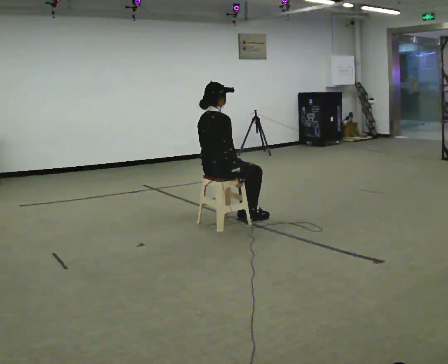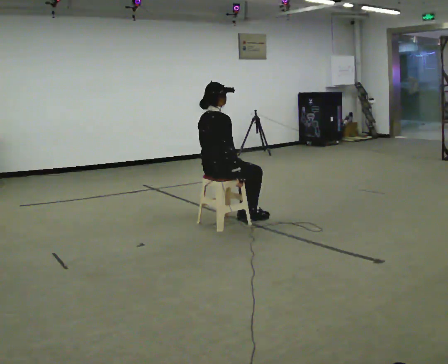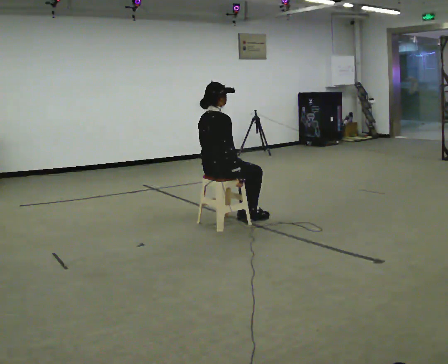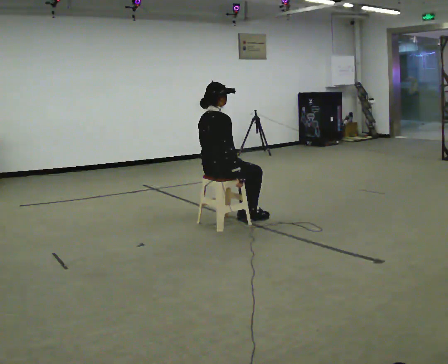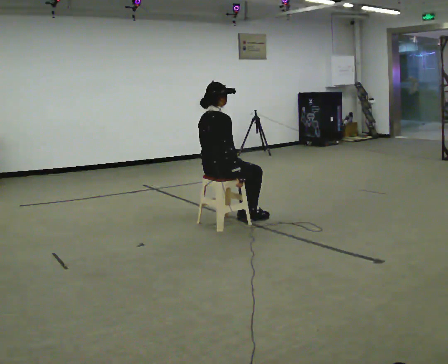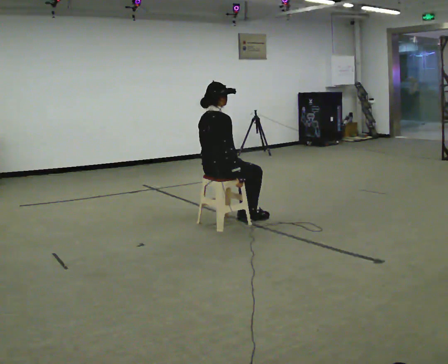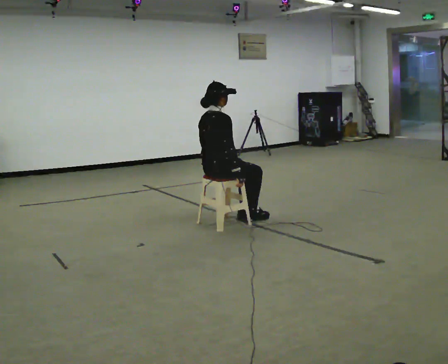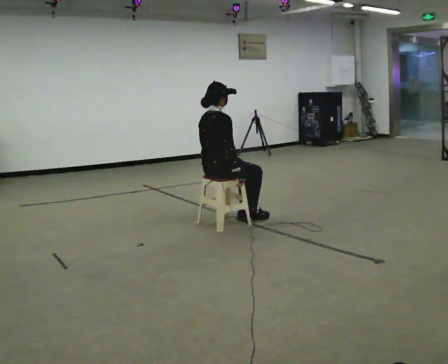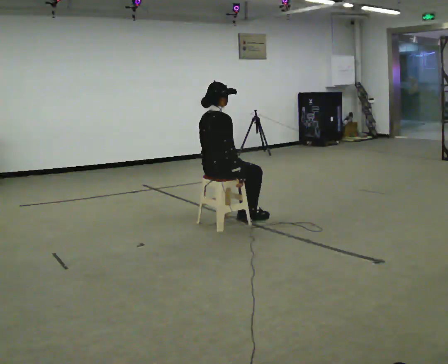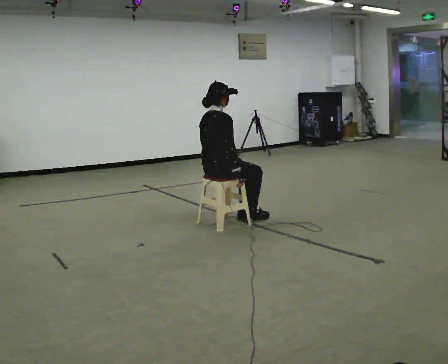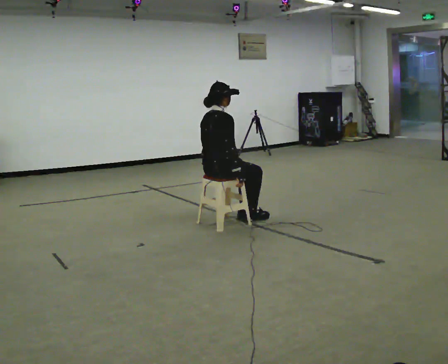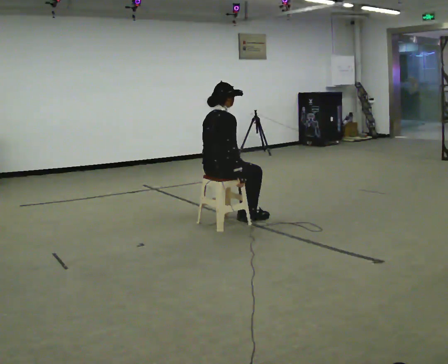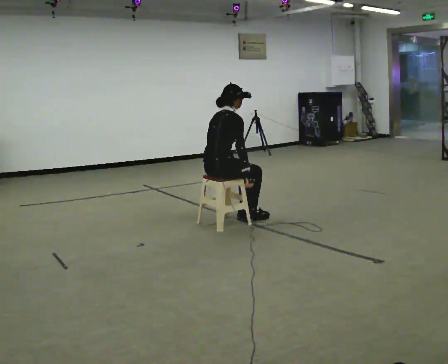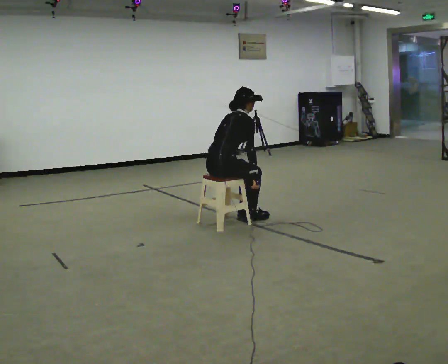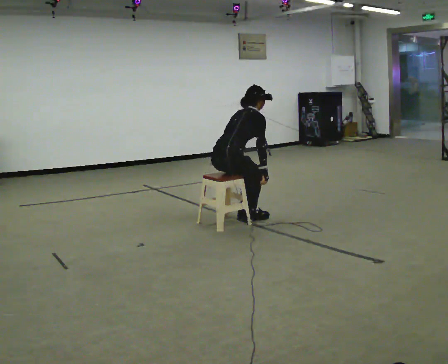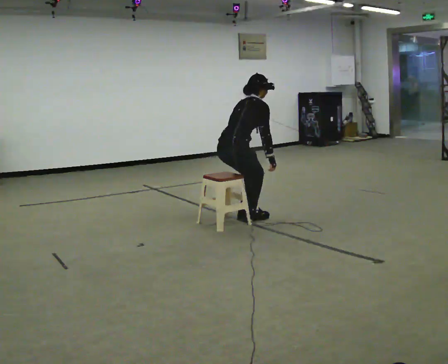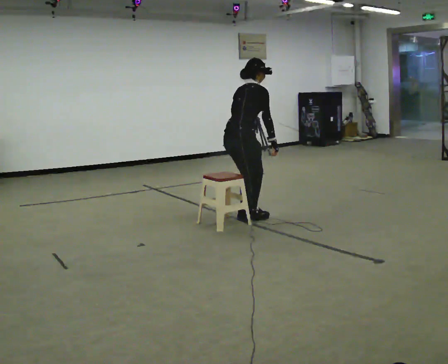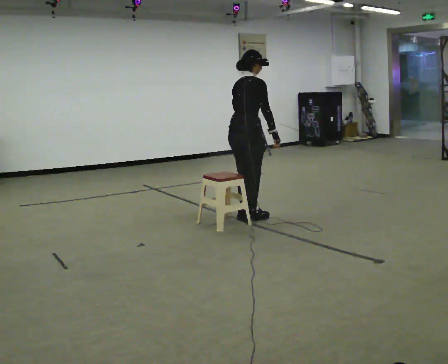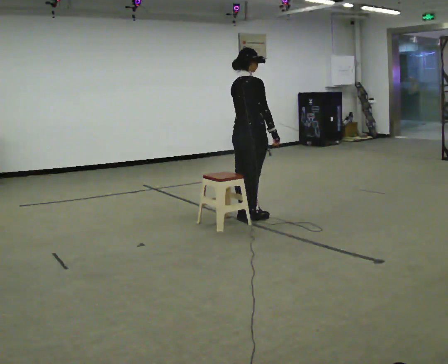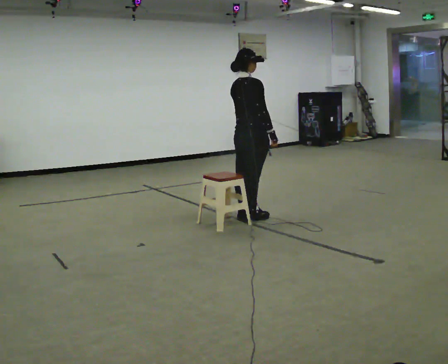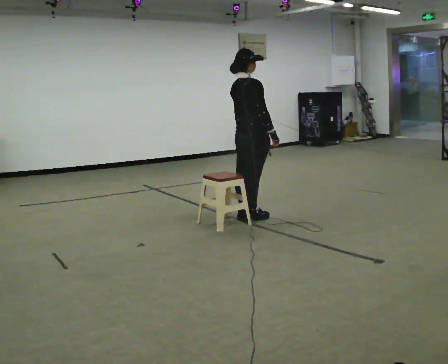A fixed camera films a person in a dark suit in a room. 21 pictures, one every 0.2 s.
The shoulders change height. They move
upward.
0.0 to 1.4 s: The person keeps their place and pose.
1.4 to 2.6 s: In the picture the upper body tilts clockwise, shoulders to the right, as they bend forward.
2.6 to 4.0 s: In the picture they go to the right and away from the camera, about 0.25 m, which for them is forward. The shoulders move upward. In the picture the upper body tilts counterclockwise, shoulders to the left, as they lean back or straighten. In the picture their right hand goes upward.
The film runs forward here.
